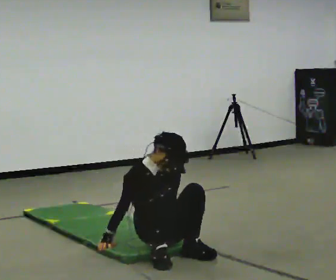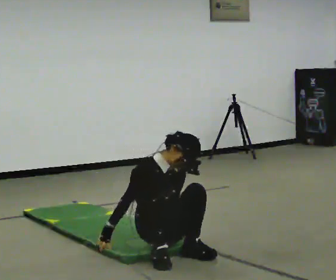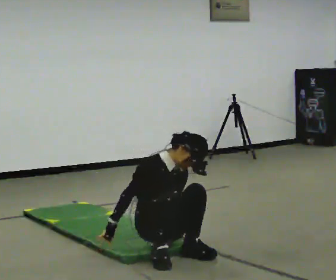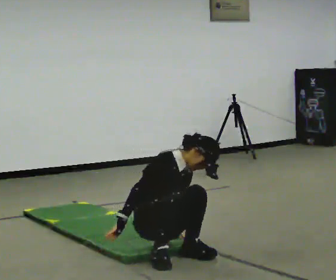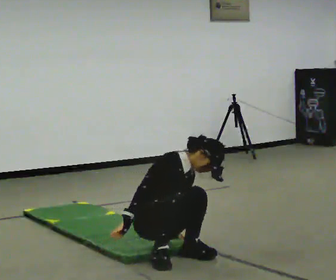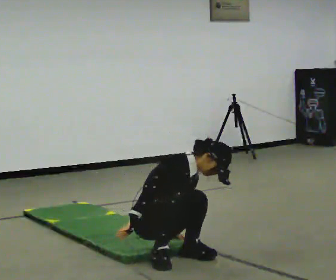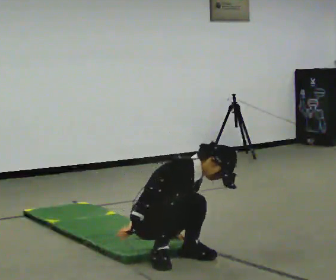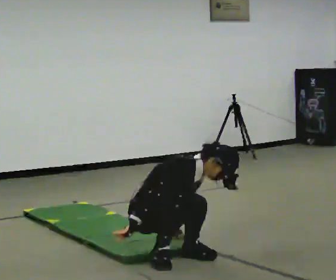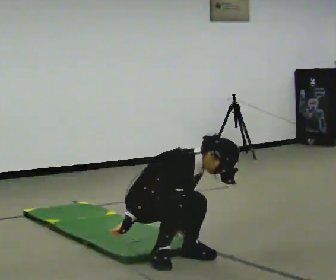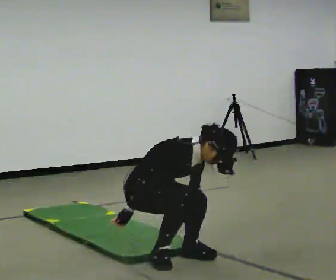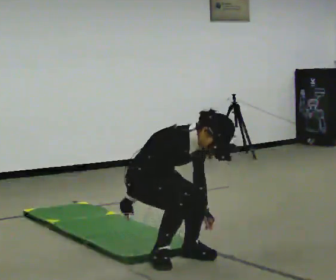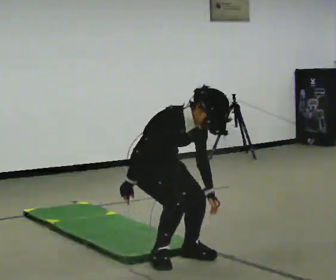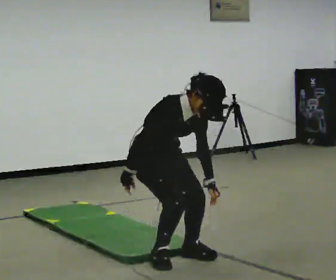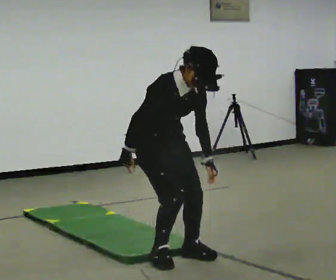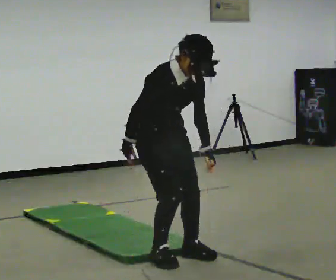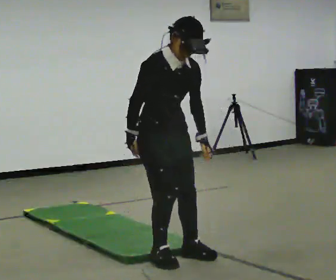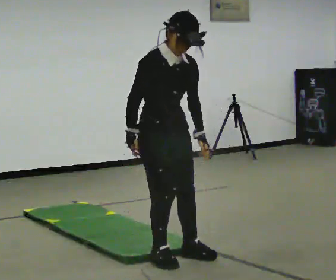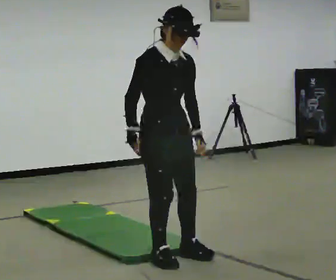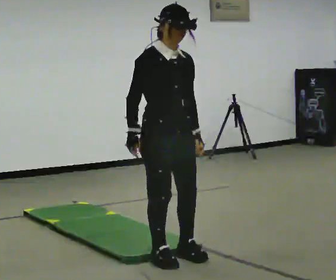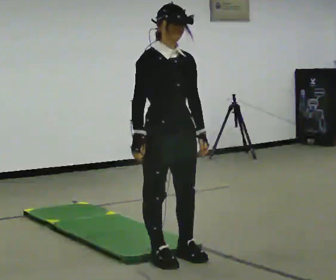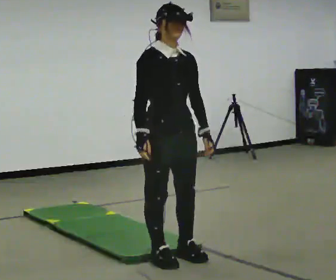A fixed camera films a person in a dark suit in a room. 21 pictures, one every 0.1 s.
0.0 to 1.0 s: The shoulders move upward. The upper body tips toward the camera, its near side rolling downward, as they bend forward.
1.0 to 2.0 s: In the picture they go toward the camera, about 0.25 m, which for them is forward. The shoulders move upward. In the picture the upper body tilts counterclockwise, shoulders to the left, as they lean back or straighten. In the picture their right hand goes upward.
The film runs forward here.
